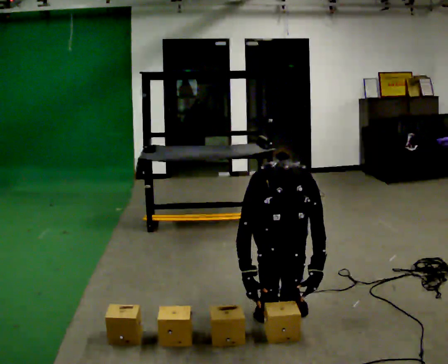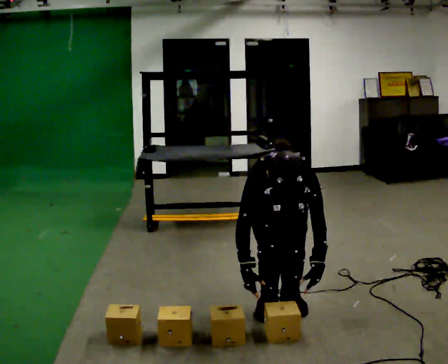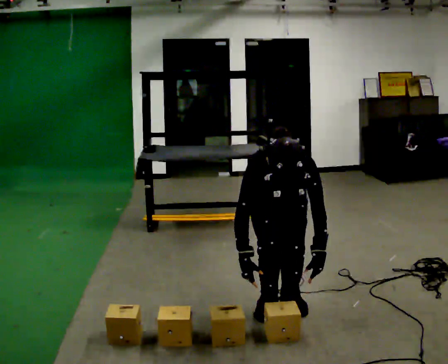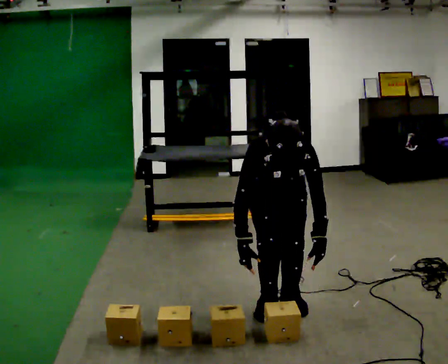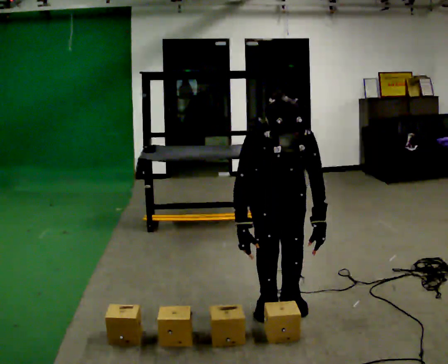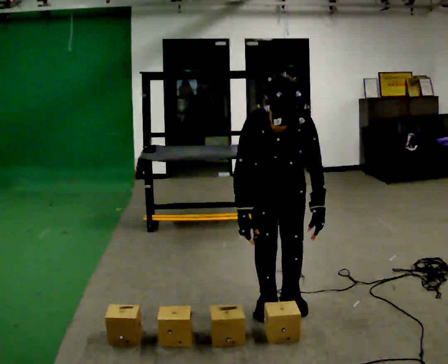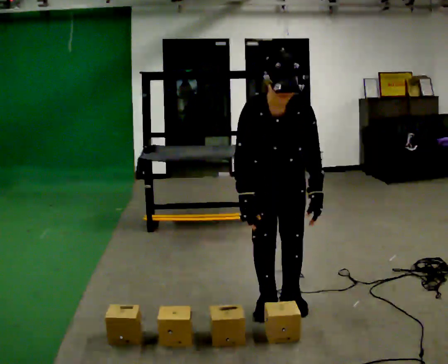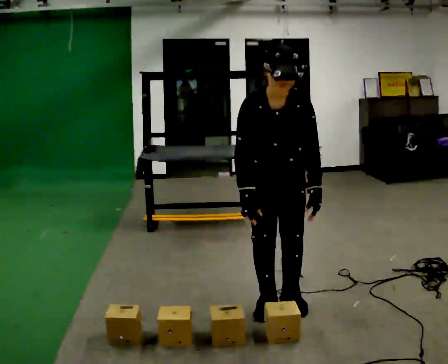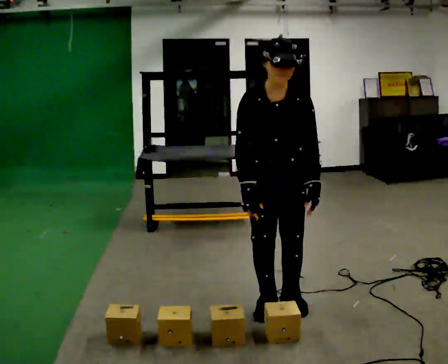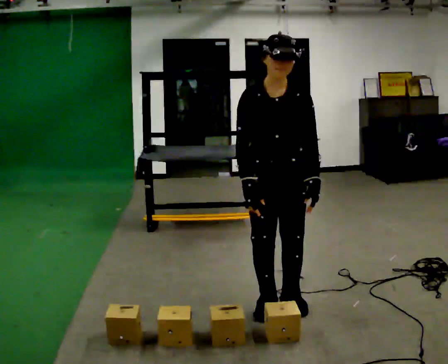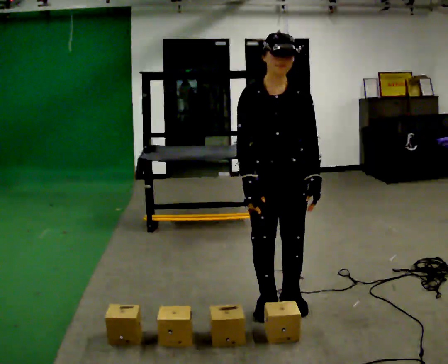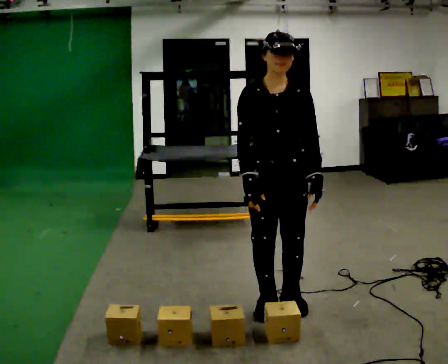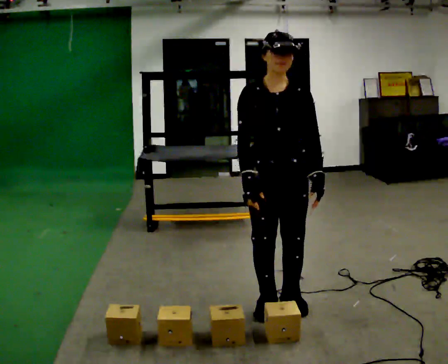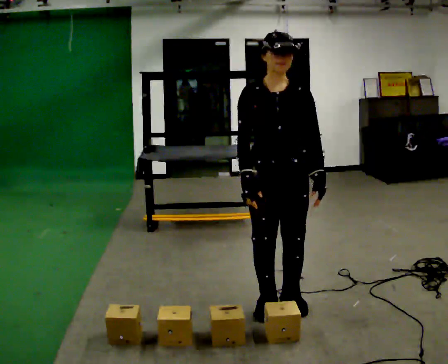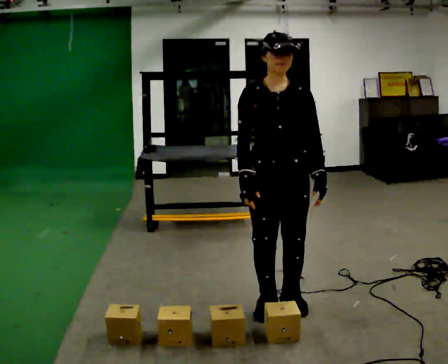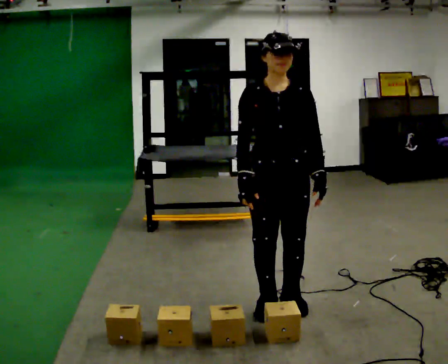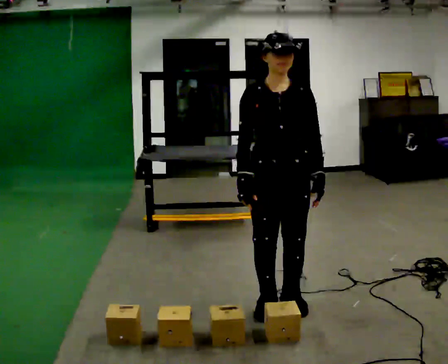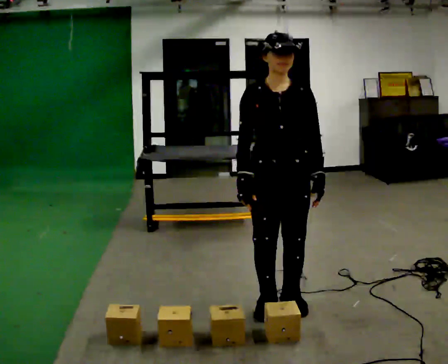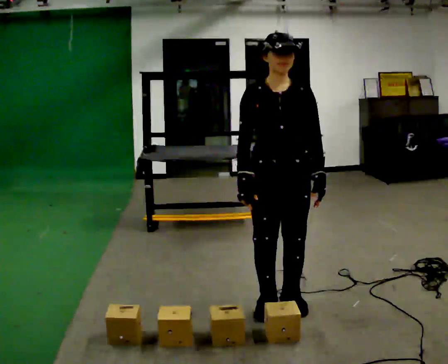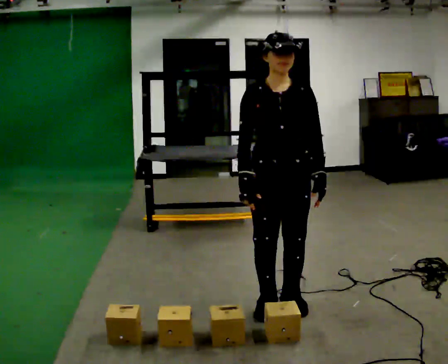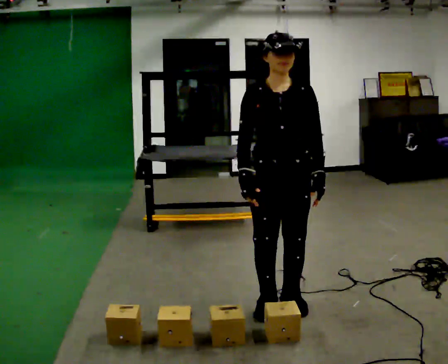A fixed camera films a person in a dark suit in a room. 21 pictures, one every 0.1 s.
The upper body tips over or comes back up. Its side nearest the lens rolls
upward.
The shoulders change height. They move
upward.
0.0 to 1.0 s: The upper body goes upward. The upper body tips away from the camera, its near side rolling upward, as they lean back or straighten. In the picture their right hand goes upward.
1.0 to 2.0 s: The person moves a little, or ends about where they began.
The film runs forward here.
